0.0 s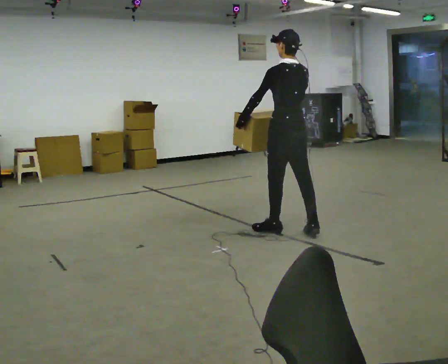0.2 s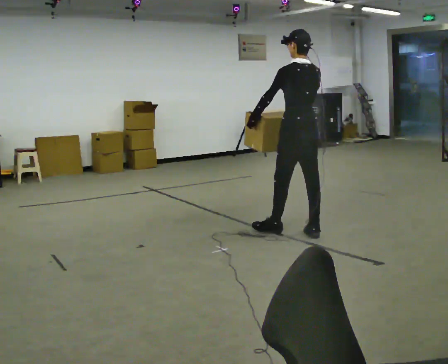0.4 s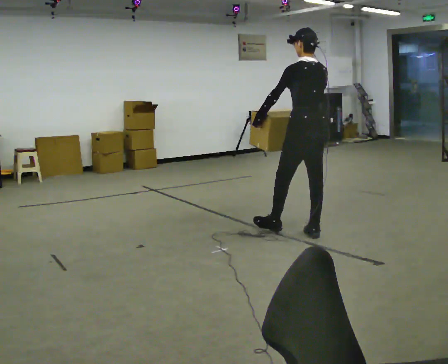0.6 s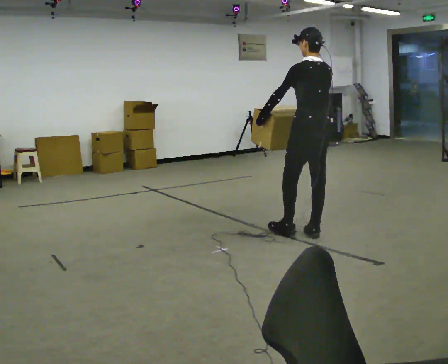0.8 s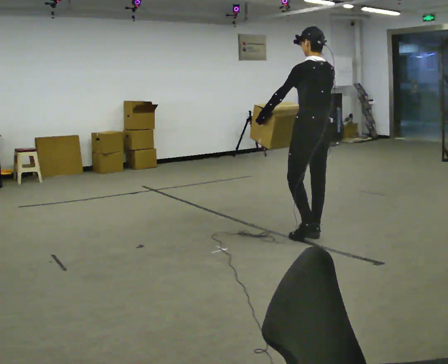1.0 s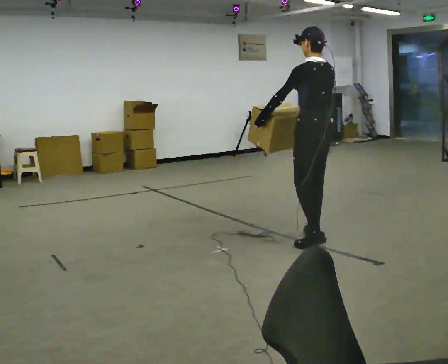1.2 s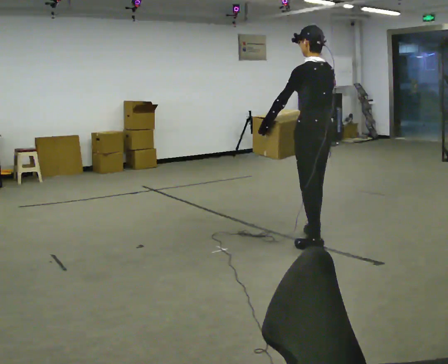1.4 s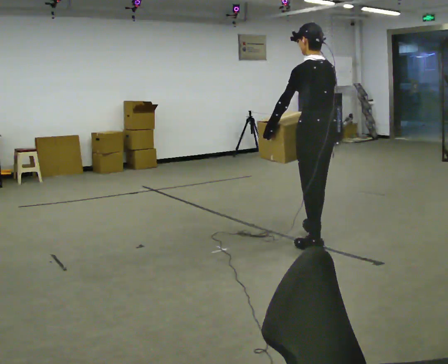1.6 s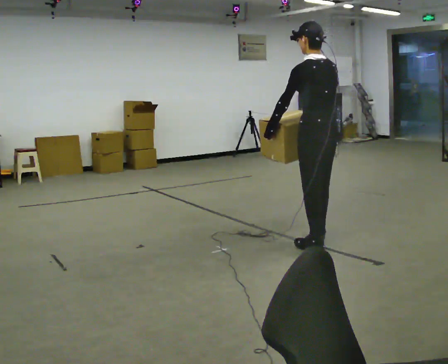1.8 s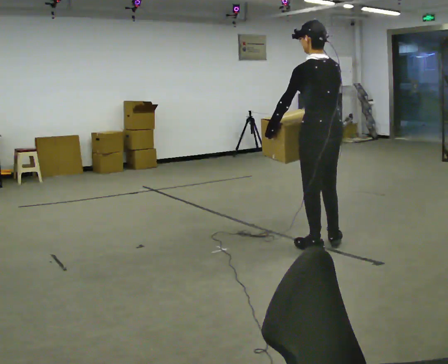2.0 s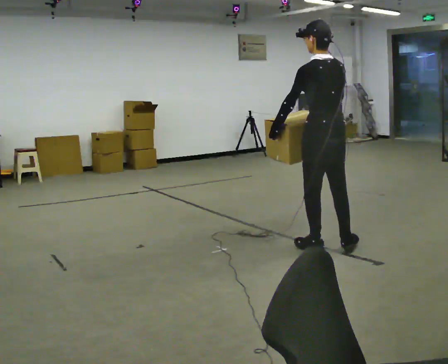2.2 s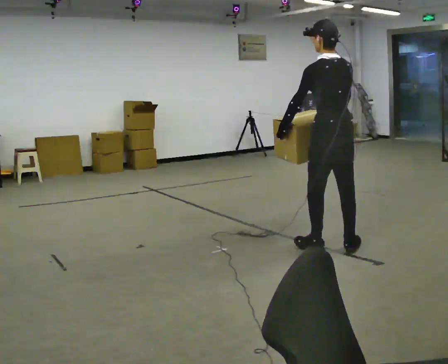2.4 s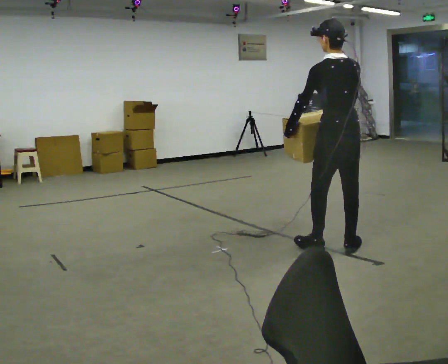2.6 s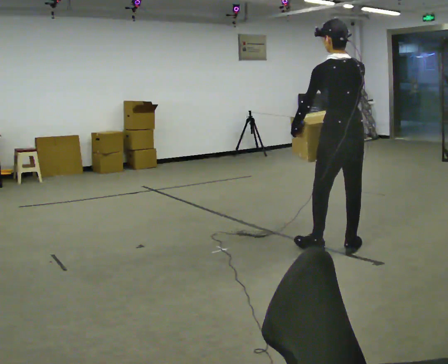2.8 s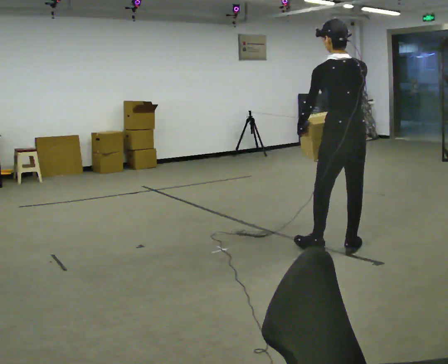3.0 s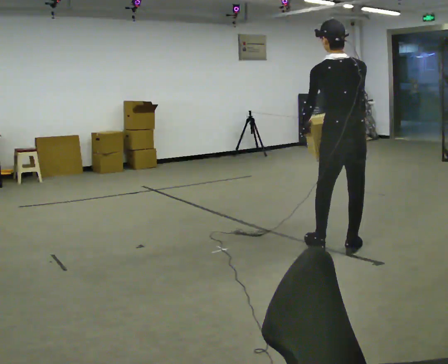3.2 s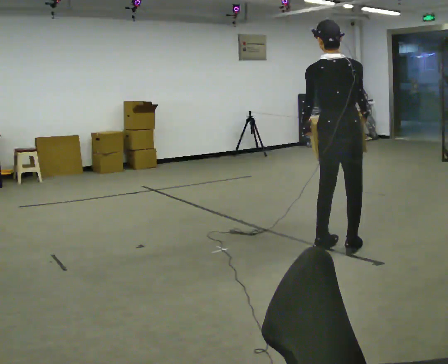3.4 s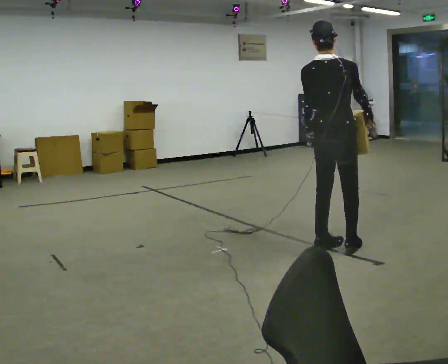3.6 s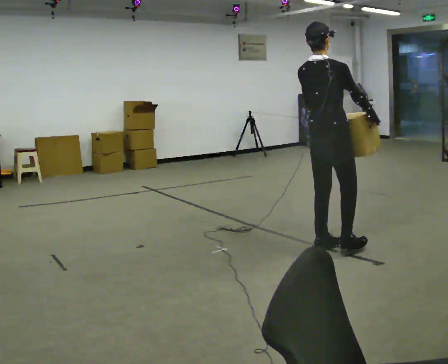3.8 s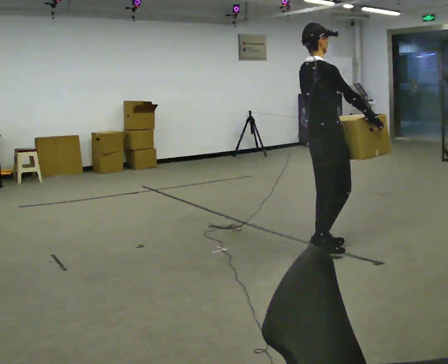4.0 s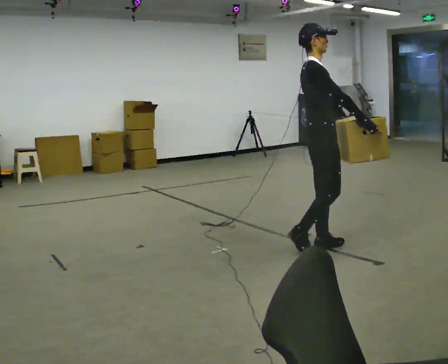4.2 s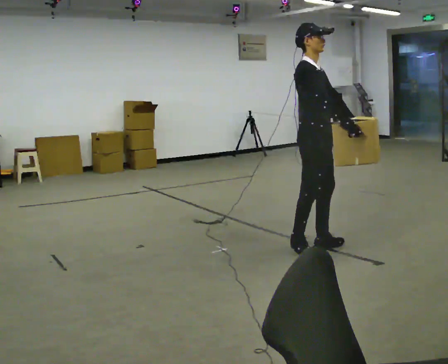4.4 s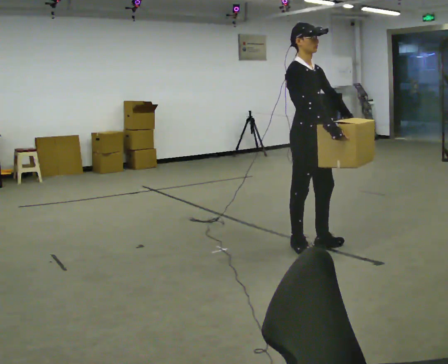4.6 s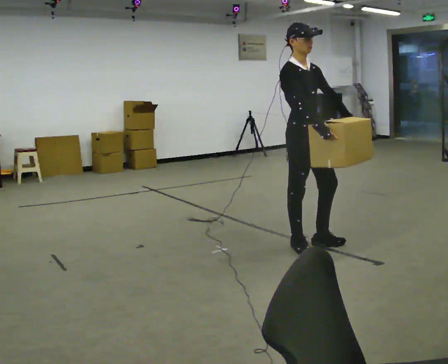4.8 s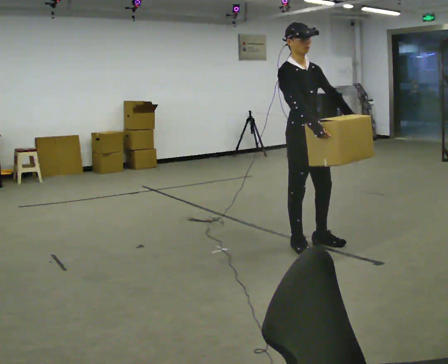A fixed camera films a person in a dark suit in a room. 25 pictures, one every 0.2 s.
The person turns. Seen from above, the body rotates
clockwise.
The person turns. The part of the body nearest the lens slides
to the left.
0.0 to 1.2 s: In the picture they go toward the camera and to the right, about 0.5 m in 1 step, which for them is backward.
1.2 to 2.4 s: In the picture they go toward the camera and to the right, about 0.25 m in 1 step, which for them is backward.
2.4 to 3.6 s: Seen from above the body turns clockwise, about 60 degrees: to their right, with its near side sliding to the left.
3.6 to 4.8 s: Seen from above the body turns clockwise, about 105 degrees: to their right, with its near side sliding to the left. In the picture they go to the left, about 0.25 m in 1 step. In the picture their right hand goes to the left.
The film runs backward here.
